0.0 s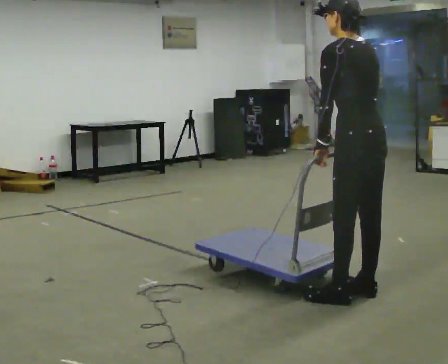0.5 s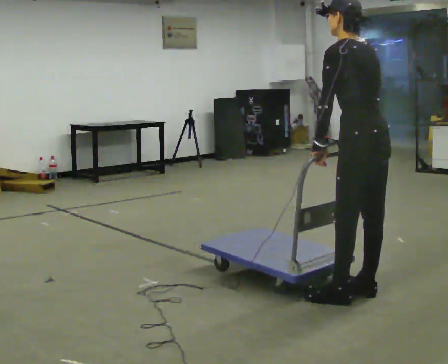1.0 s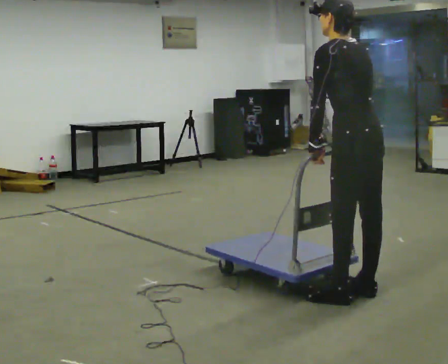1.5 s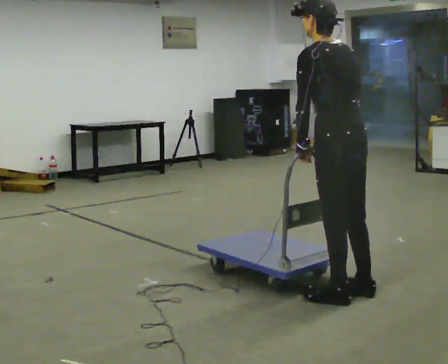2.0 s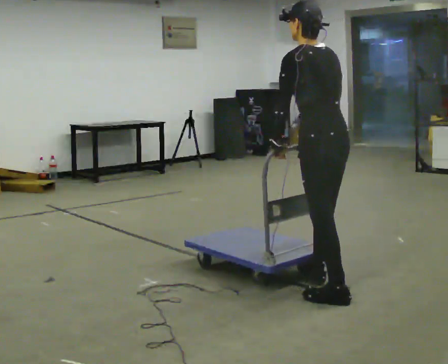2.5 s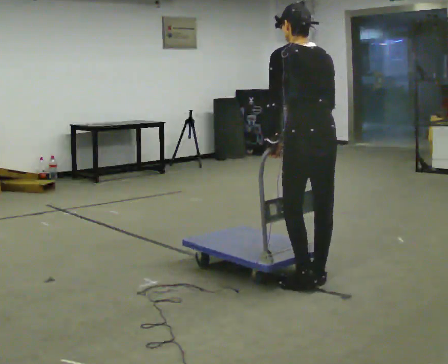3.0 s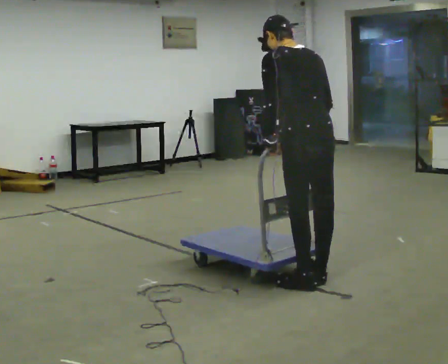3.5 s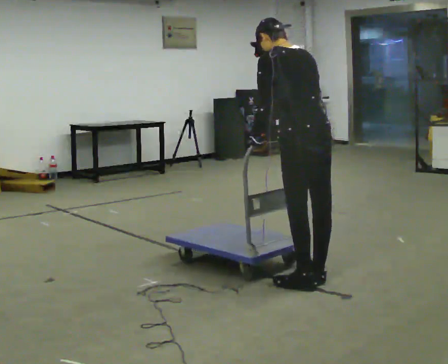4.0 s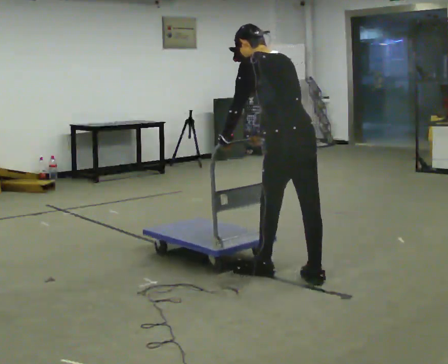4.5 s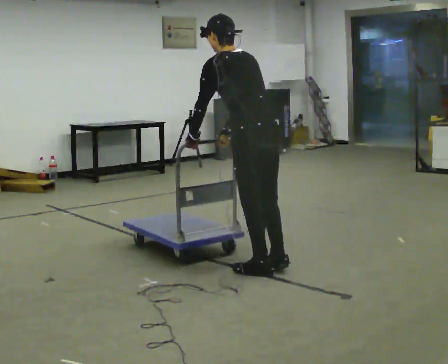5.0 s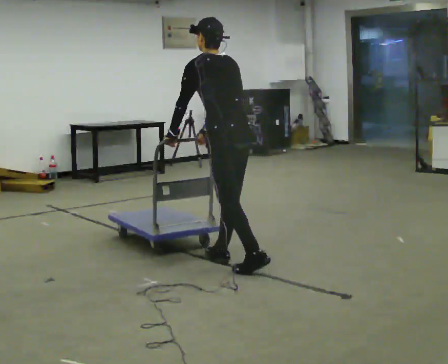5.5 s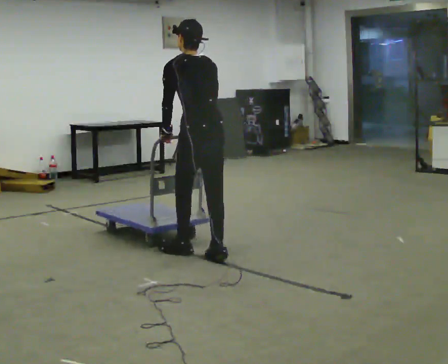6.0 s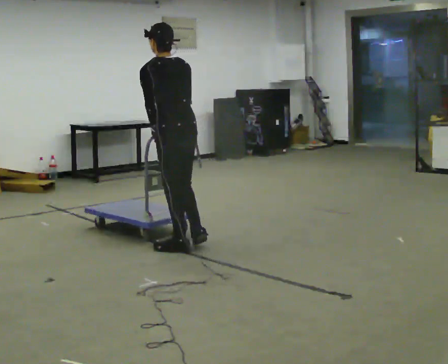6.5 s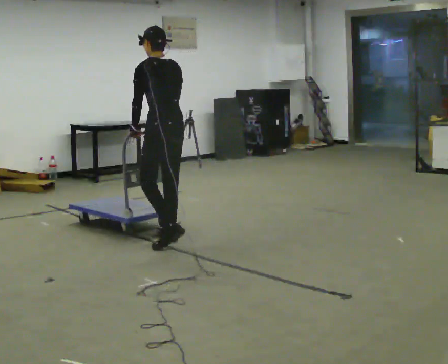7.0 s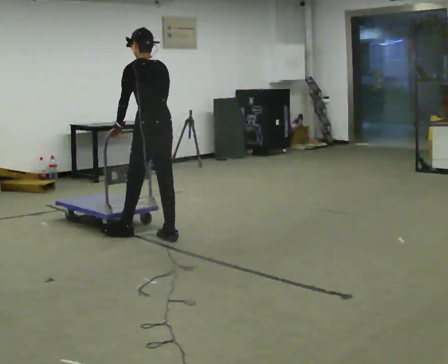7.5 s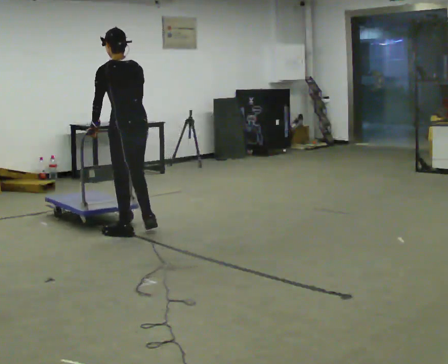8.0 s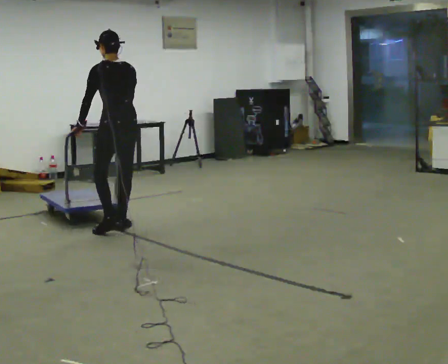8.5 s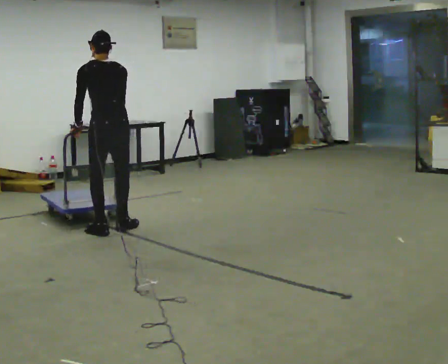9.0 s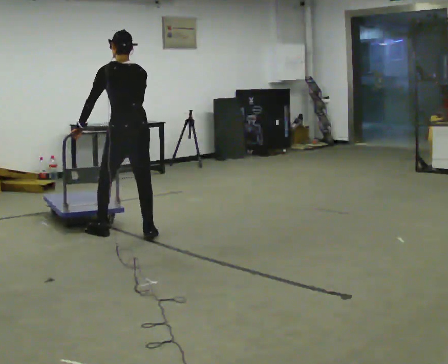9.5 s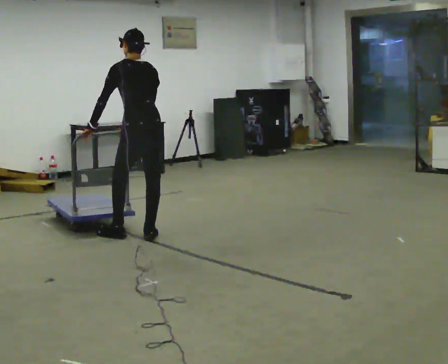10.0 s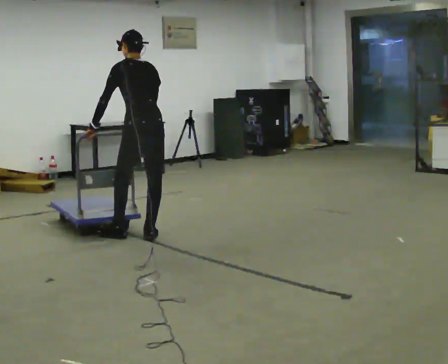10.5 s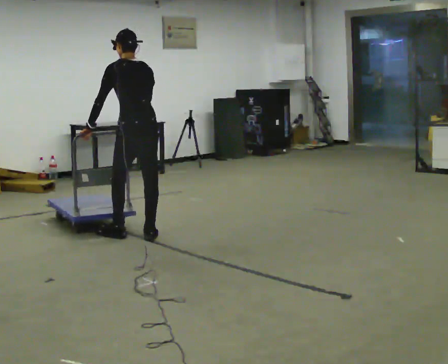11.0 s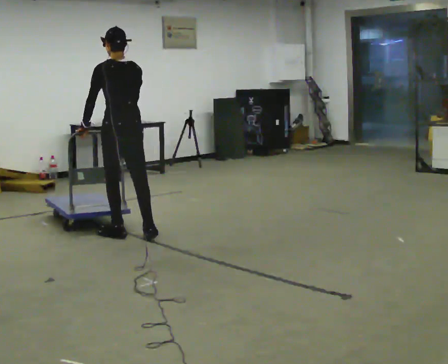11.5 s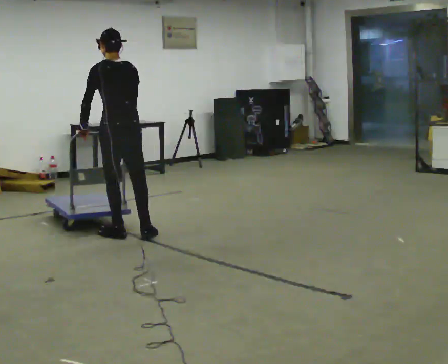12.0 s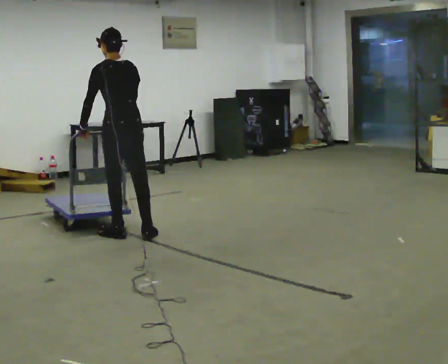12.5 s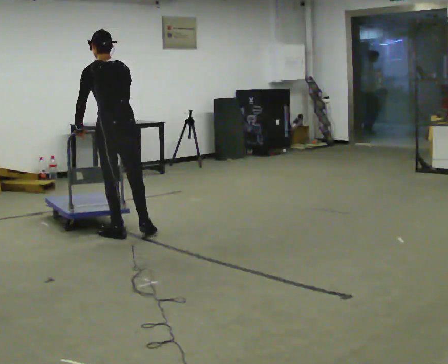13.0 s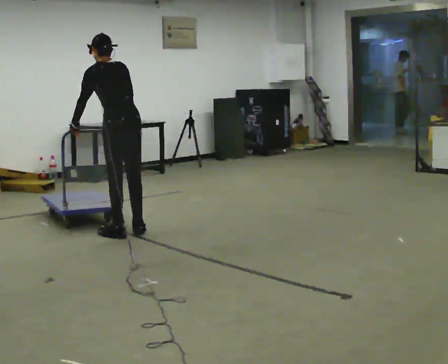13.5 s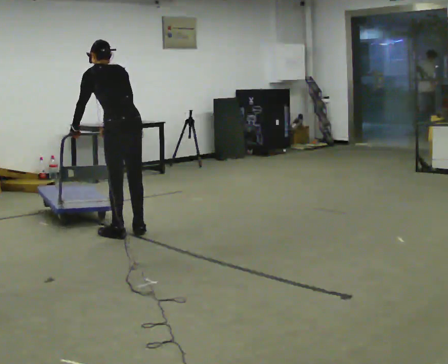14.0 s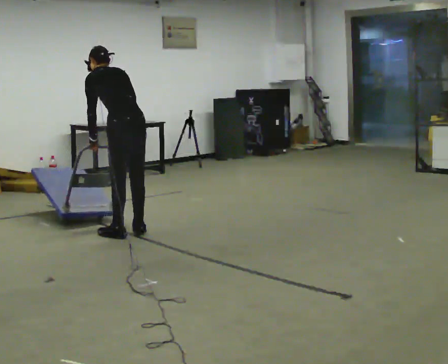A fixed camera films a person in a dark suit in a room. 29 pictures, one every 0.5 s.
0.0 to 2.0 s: In the picture they go to the left and away from the camera, about 0.25 m in 1 step, which for them is forward.
2.0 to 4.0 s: In the picture they go away from the camera and to the left, about 0.25 m in 2 steps, which for them is forward.
4.0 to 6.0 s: In the picture they go away from the camera and to the left, about 1 m in 2 steps, which for them is forward.
6.0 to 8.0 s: In the picture they go away from the camera and to the left, about 1 m in 3 steps, which for them is forward.
8.0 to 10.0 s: In the picture they go toward the camera and to the right, about 0.25 m in 3 steps, which for them is backward.
10.0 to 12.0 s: In the picture they go to the left, about 0.25 m, which for them is to their left and forward.
12.0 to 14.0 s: The upper body tips away from the camera, its near side rolling upward, as they bend forward.
The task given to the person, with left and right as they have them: Get the cart into the marked parking space and lined up with the tape. Take as many adjustments as you need. Then take it out again and repeat.
The film runs forward here.
